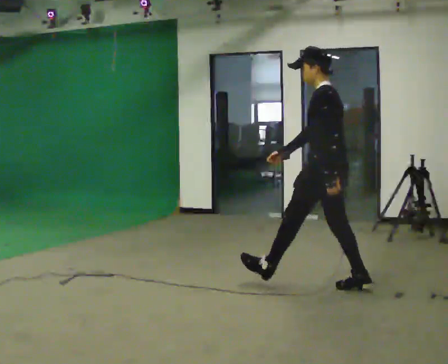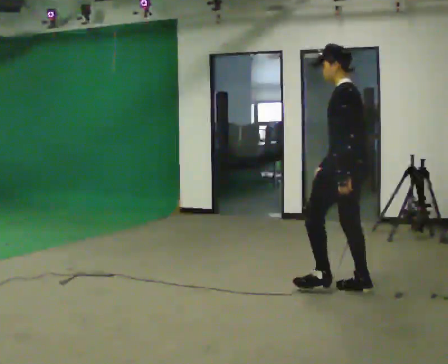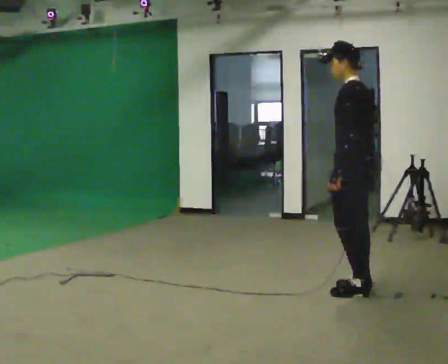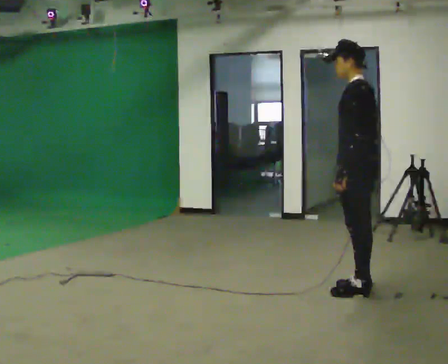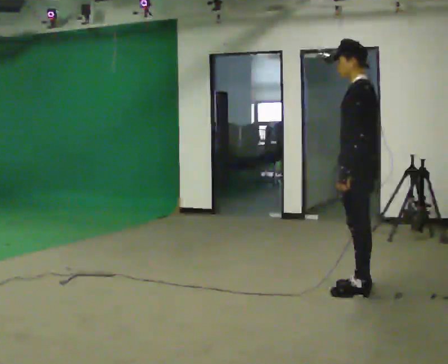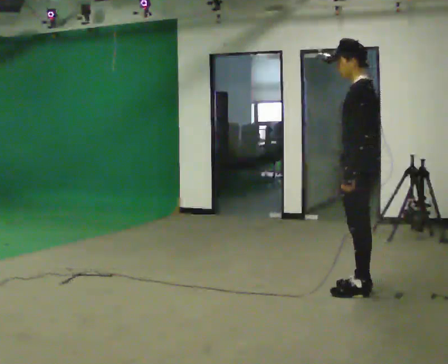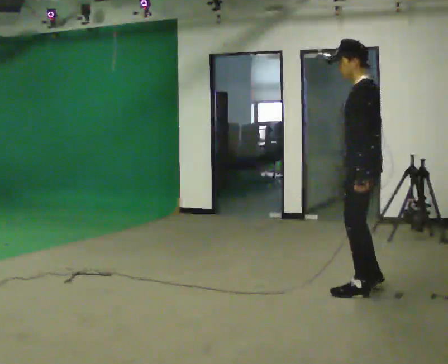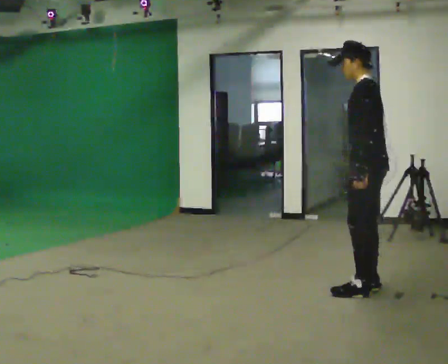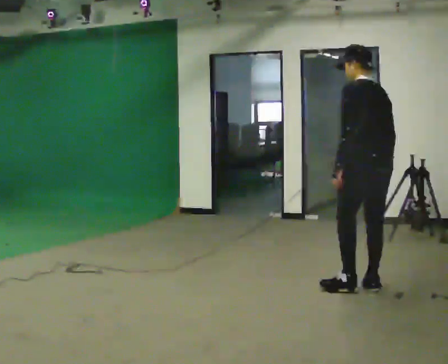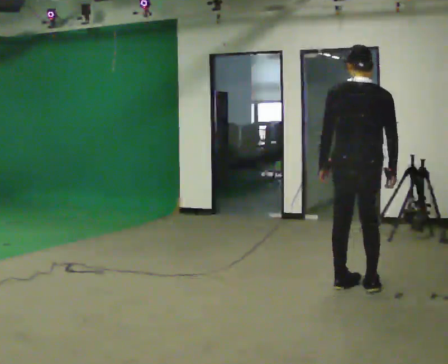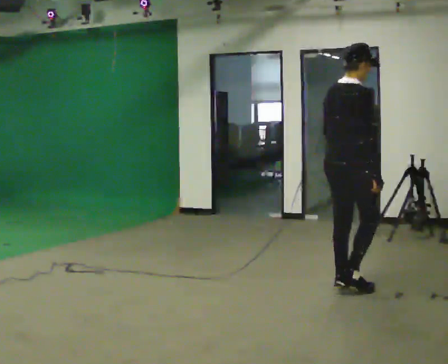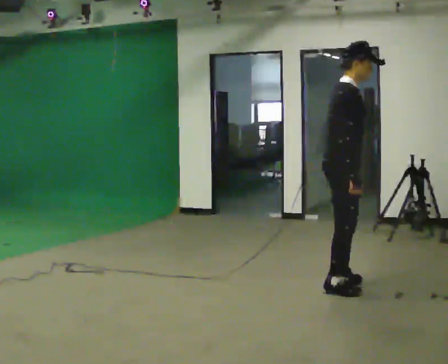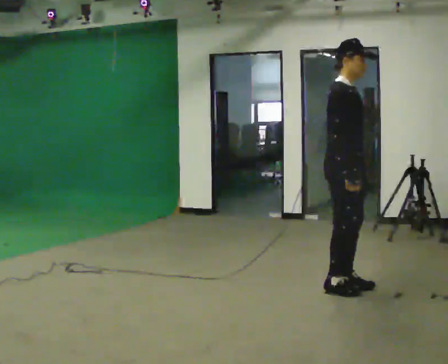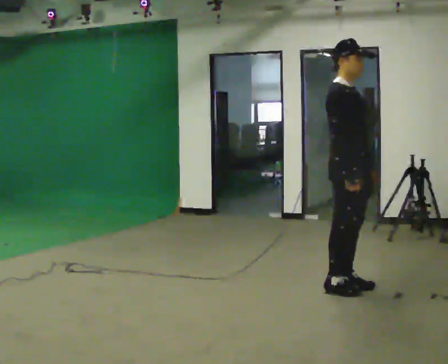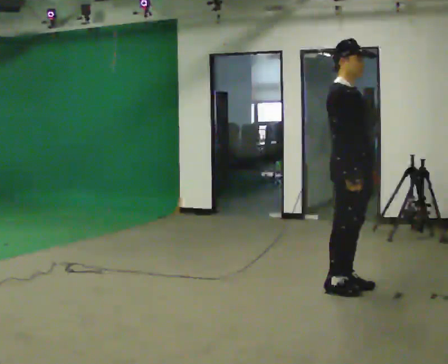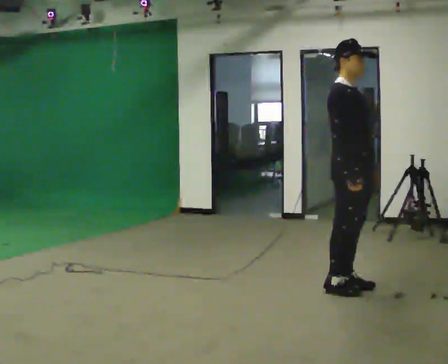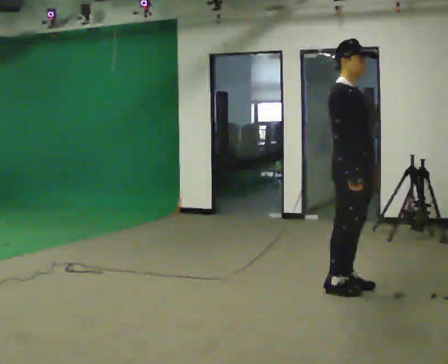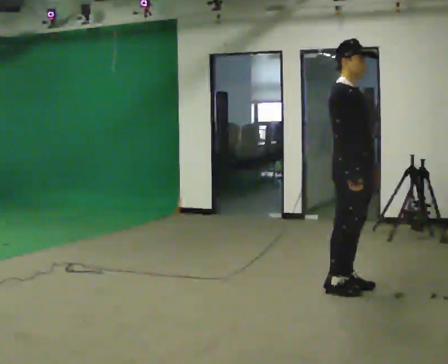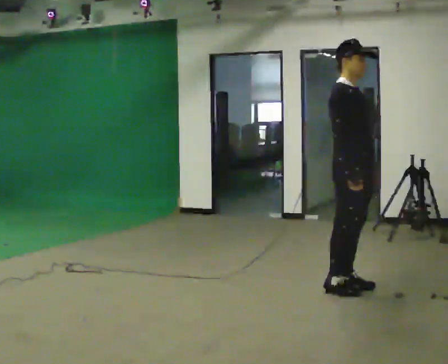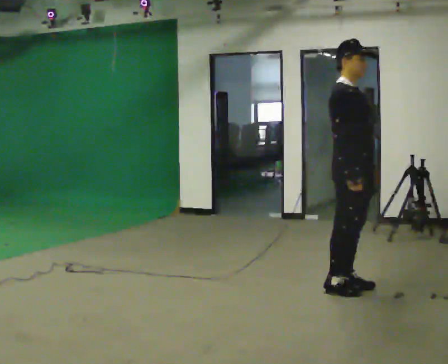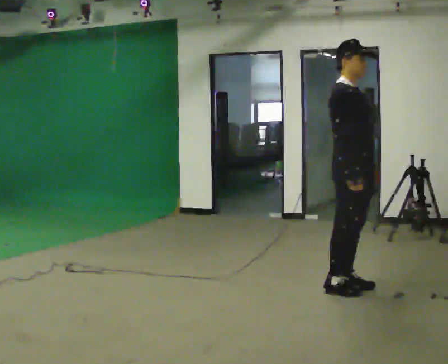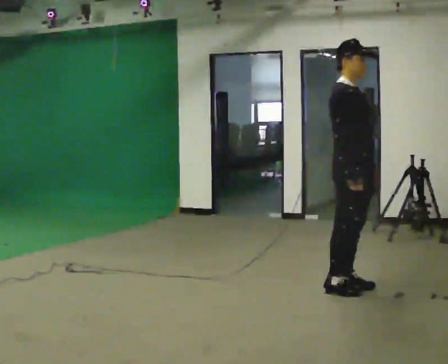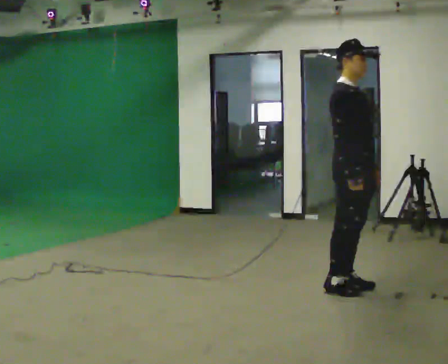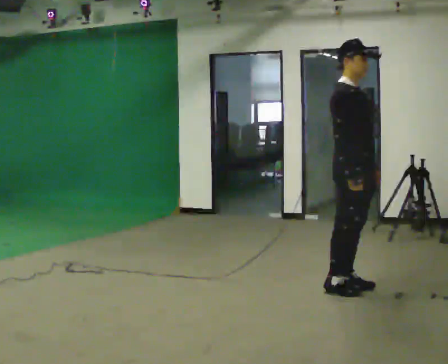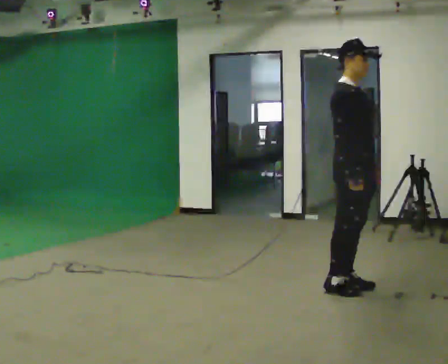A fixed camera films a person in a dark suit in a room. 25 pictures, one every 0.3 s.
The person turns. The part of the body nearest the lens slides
to the left.
The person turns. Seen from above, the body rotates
clockwise.
0.0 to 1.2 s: In the picture they go to the right, about 0.25 m in 1 step, which for them is backward.
1.2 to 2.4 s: The part of the body nearest the lens slides to the left as the person turns to their right by about 30 degrees.
2.4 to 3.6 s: The part of the body nearest the lens slides to the left as the person turns to their right by about 150 degrees. In the picture they go to the left, about 0.25 m in 1 step.
3.6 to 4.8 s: The person moves a little, or ends about where they began.
4.8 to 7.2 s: The person keeps their place and pose.
The film runs backward here.
